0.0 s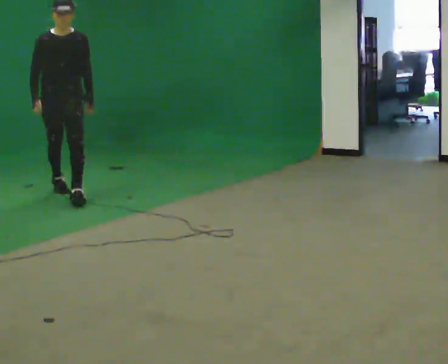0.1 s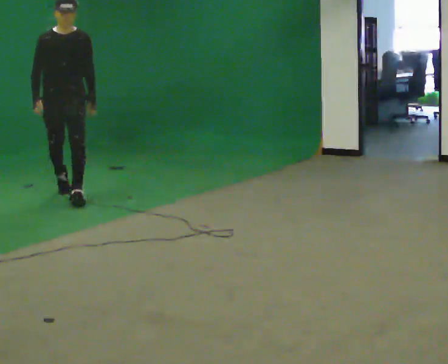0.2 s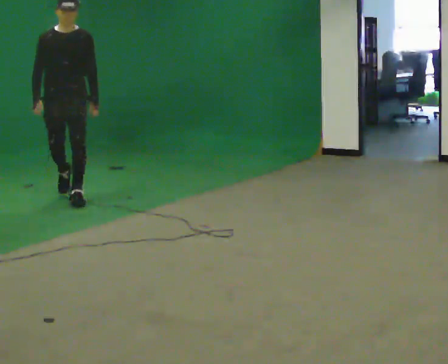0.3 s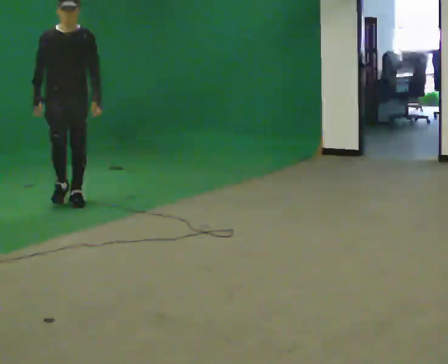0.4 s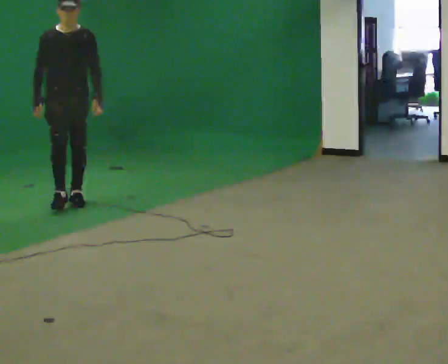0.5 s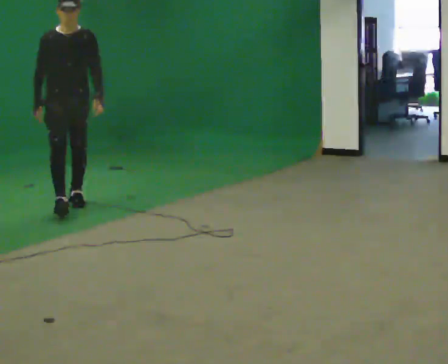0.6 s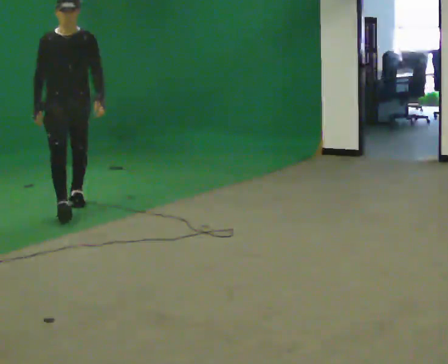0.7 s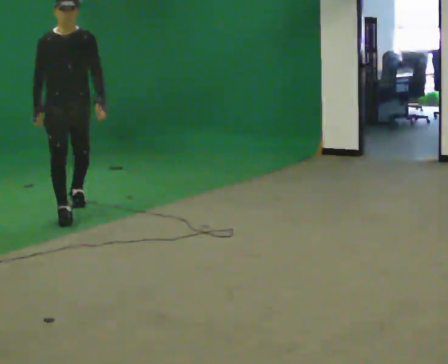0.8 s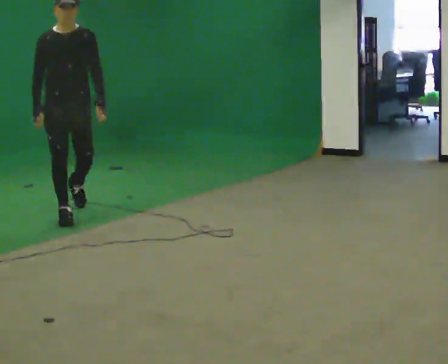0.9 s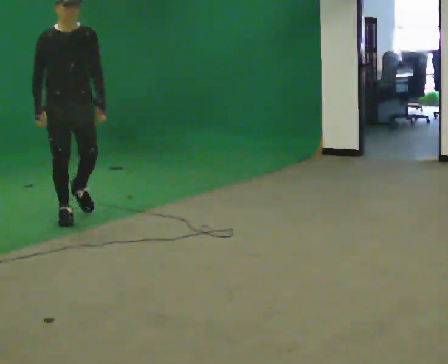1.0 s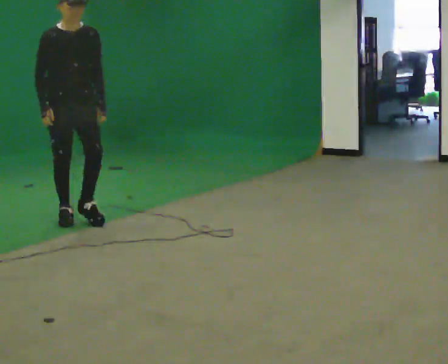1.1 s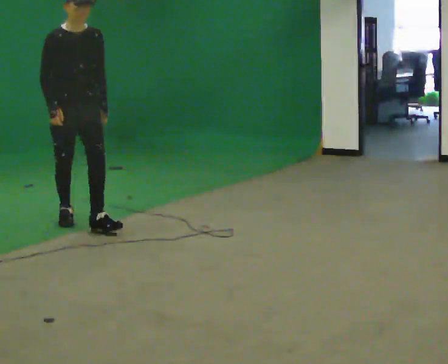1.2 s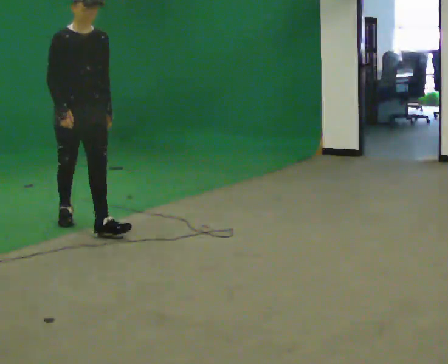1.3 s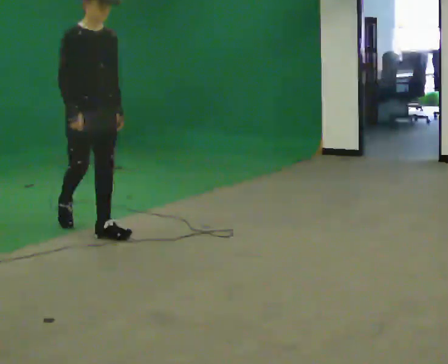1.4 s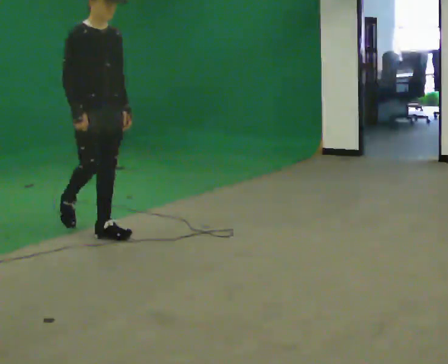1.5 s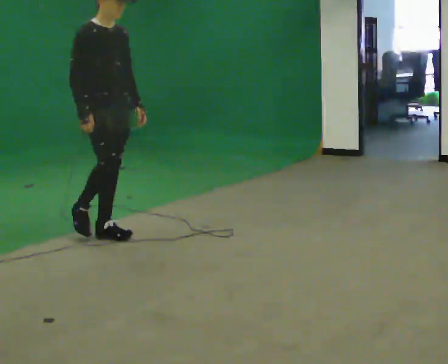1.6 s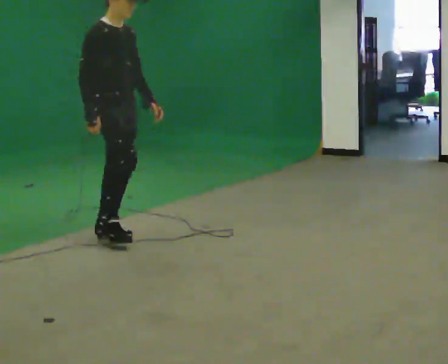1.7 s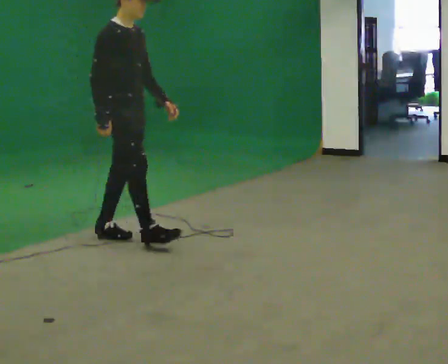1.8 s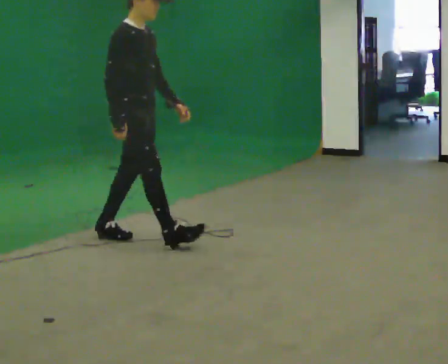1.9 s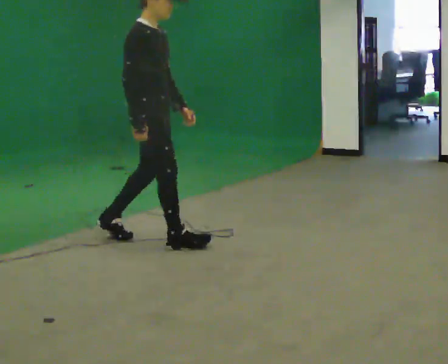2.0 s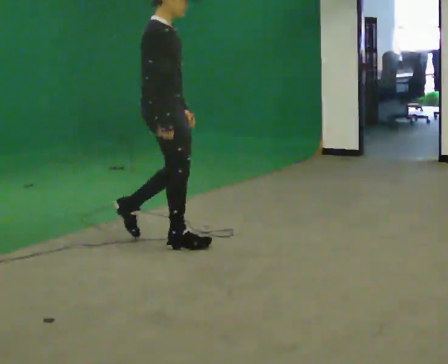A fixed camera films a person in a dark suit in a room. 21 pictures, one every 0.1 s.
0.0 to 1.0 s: In the picture they go toward the camera, about 1 m in 1 step, which for them is forward.
1.0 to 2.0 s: The person turns about 60 degrees to their left, counterclockwise seen from above, so the part of the body nearest the lens slides to the right. In the picture they go toward the camera and to the right, about 1 m in 2 steps.
The film runs forward here.
